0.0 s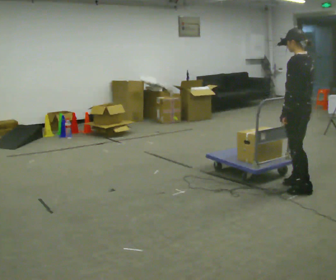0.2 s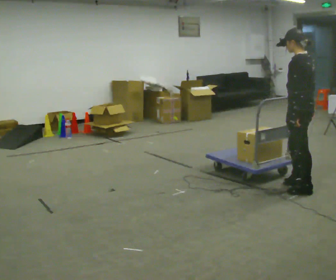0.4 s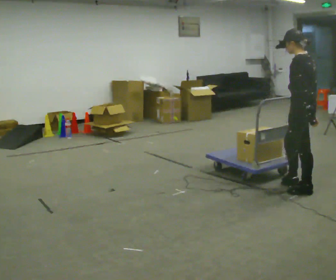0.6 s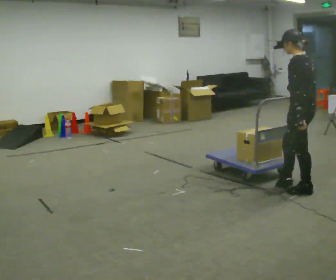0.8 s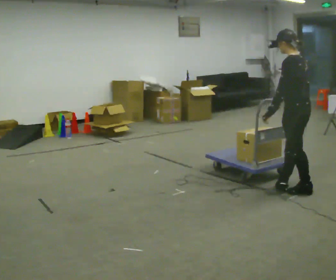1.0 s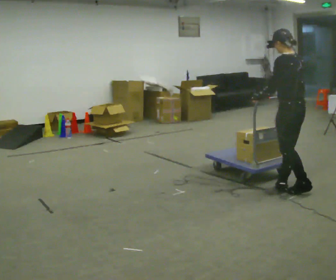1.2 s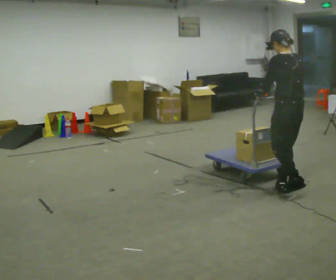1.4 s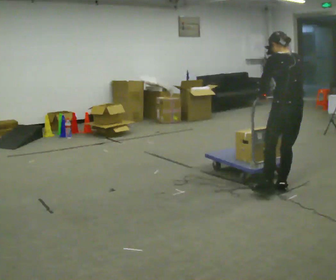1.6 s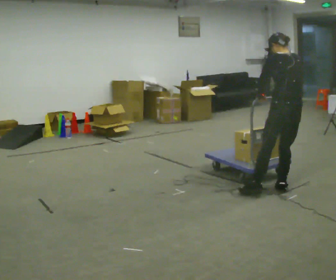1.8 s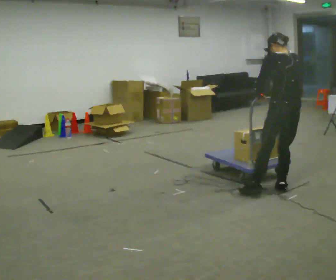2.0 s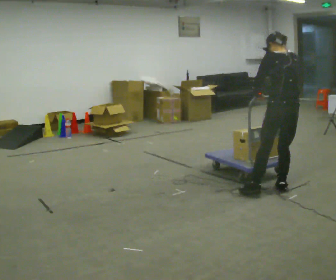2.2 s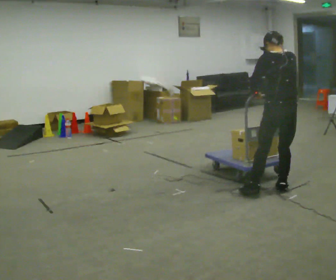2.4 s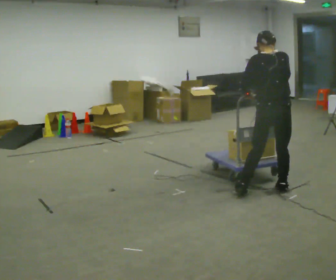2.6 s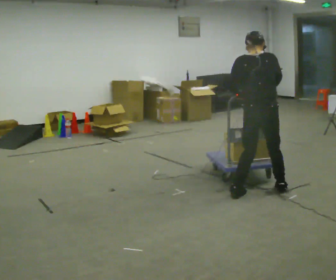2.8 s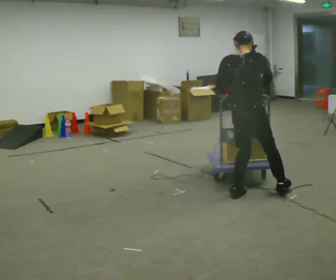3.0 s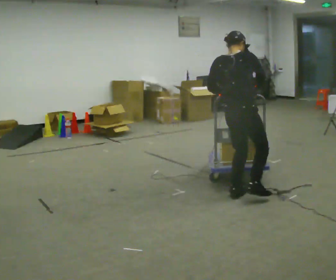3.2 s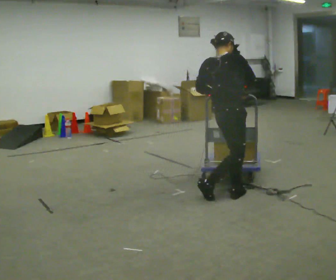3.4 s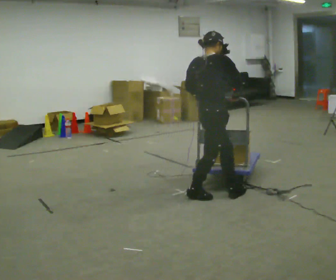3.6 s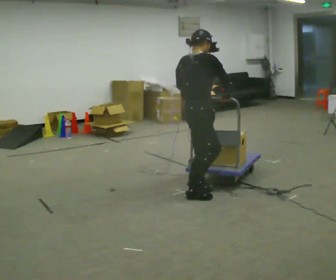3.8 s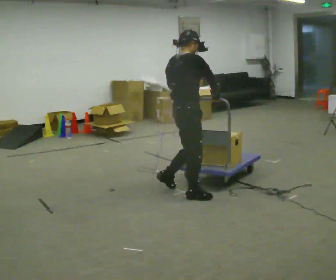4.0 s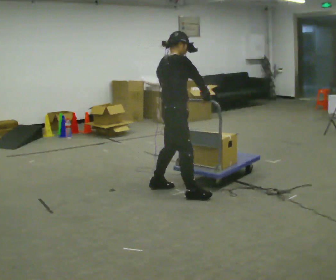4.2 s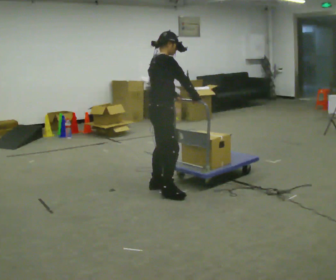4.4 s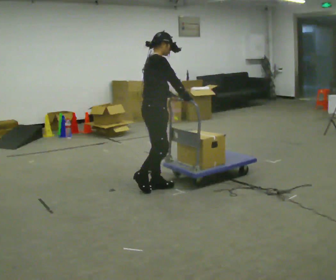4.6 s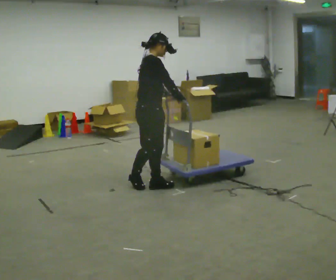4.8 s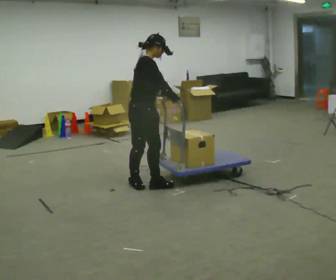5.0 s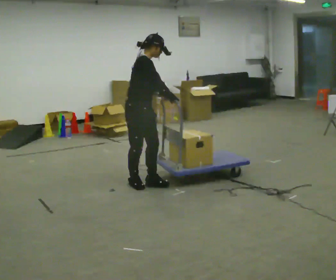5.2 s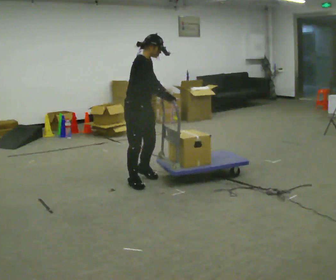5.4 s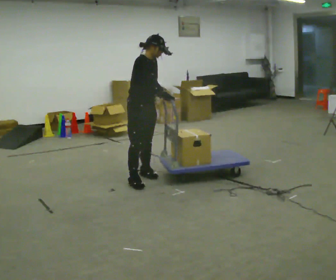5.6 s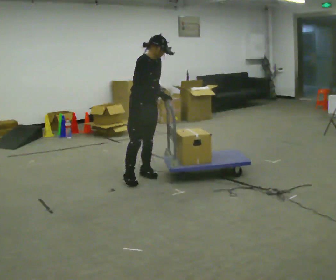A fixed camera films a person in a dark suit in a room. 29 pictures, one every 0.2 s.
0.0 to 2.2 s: The person turns about 45 degrees to their right, clockwise seen from above, so the part of the body nearest the lens slides to the left. In the picture they go to the left, about 0.25 m in 2 steps, which for them is to their left.
2.2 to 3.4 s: The person turns about 75 degrees to their right, clockwise seen from above, so the part of the body nearest the lens slides to the left. In the picture they go to the left, about 0.75 m in 3 steps.
3.4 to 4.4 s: In the picture they go to the left, about 0.5 m in 1 step, which for them is backward and to their left.
4.4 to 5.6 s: The part of the body nearest the lens slides to the left as the person turns to their right by about 45 degrees. In the picture they go away from the camera and to the left, about 0.5 m in 2 steps, which for them is to their left and backward.
The film runs backward here.
